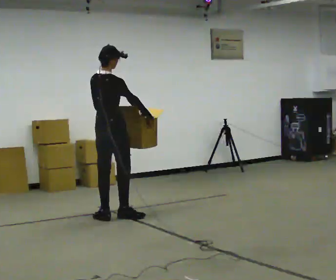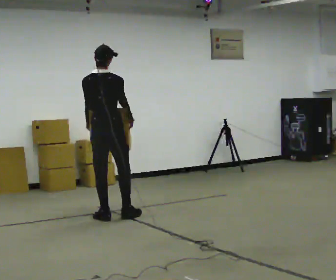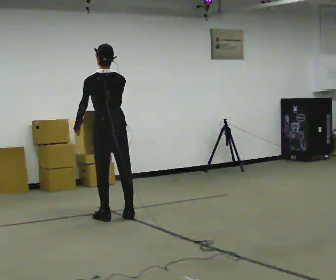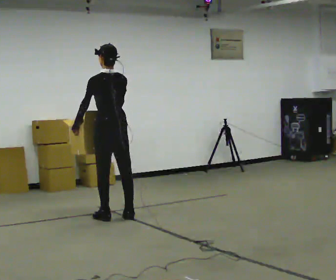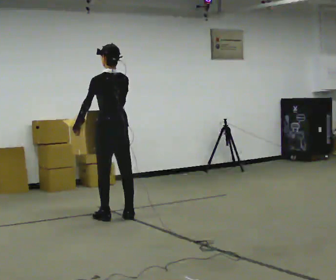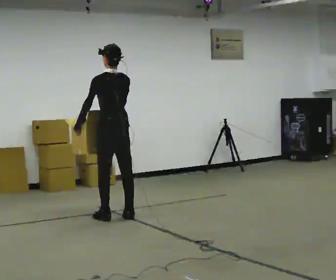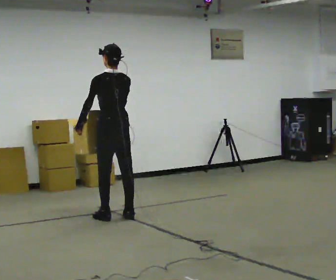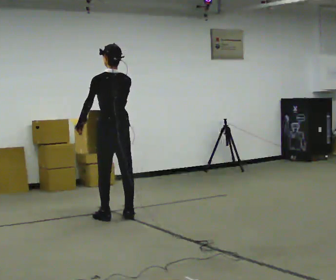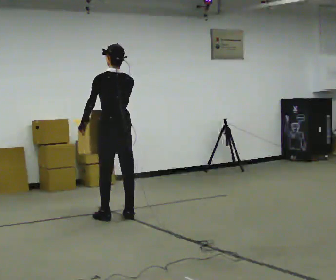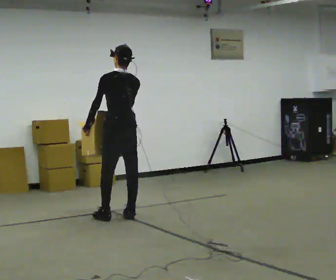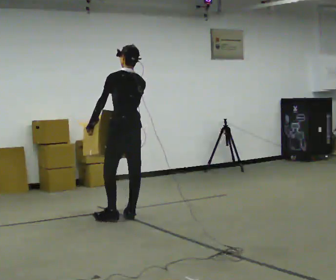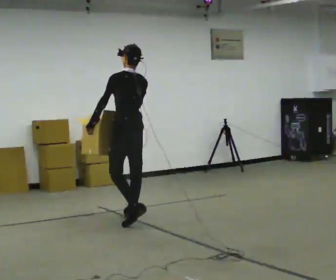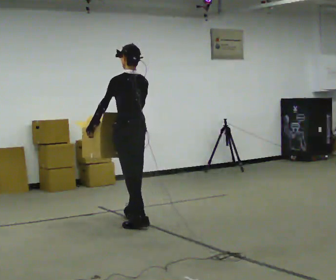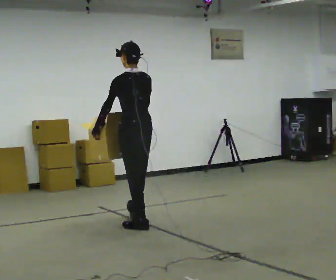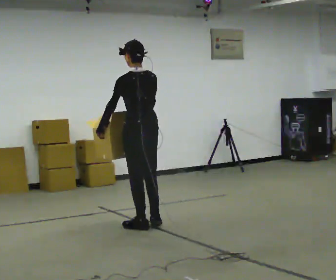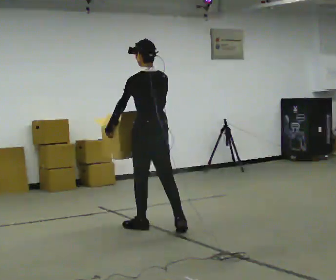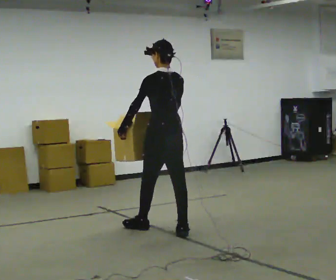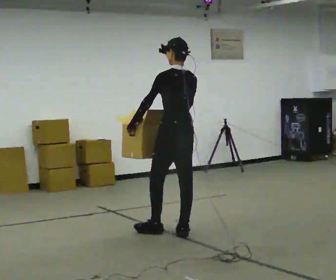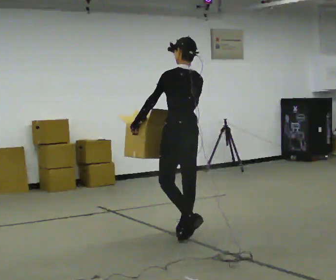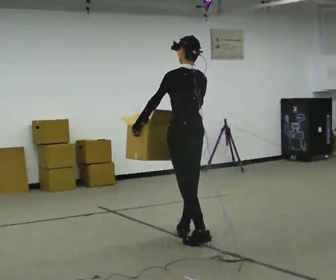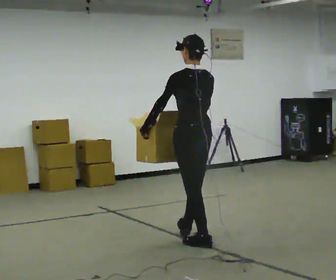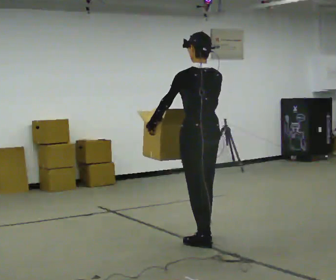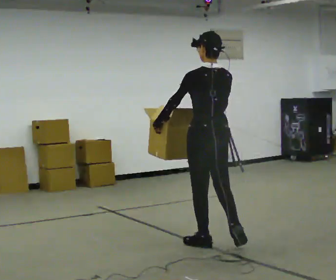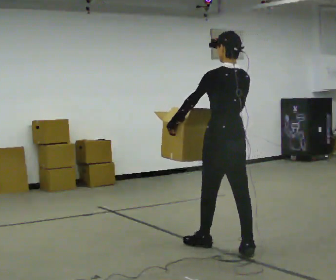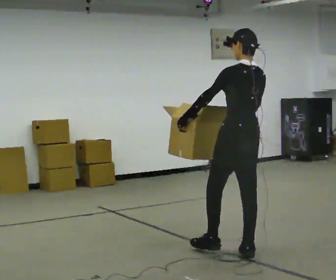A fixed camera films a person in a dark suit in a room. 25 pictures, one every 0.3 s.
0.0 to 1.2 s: The person turns about 75 degrees to their left, counterclockwise seen from above, so the part of the body nearest the lens slides to the right. In the picture their left hand goes to the left, the arm swinging clockwise.
1.2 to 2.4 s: The person moves a little, or ends about where they began.
2.4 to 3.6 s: In the picture they go toward the camera and to the right, about 0.25 m in 1 step, which for them is backward.
3.6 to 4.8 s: In the picture they go toward the camera and to the right, about 0.5 m in 1 step, which for them is backward.
4.8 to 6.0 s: In the picture they go toward the camera and to the right, about 0.5 m in 1 step, which for them is backward.
6.0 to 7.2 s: In the picture they go toward the camera and to the right, about 0.5 m in 2 steps, which for them is backward.
The film runs backward here.
